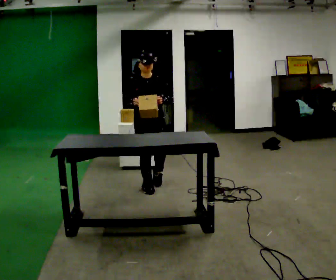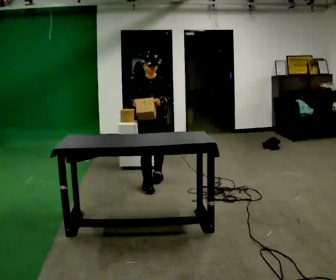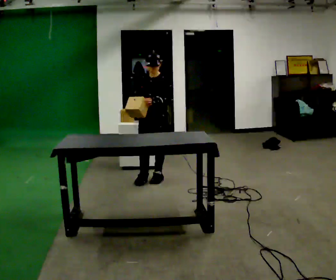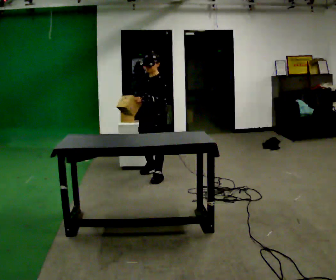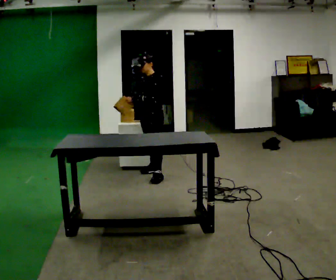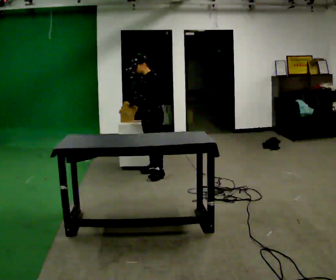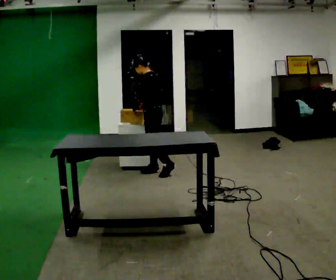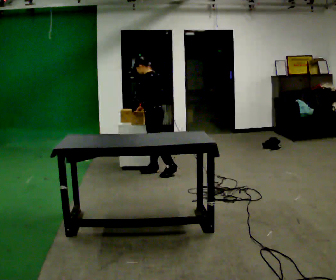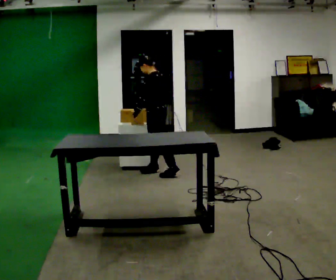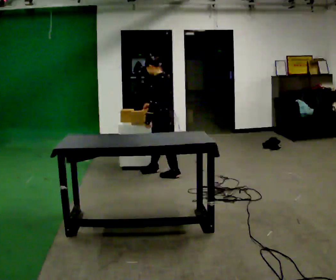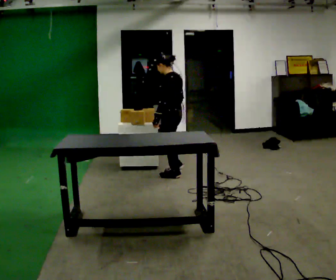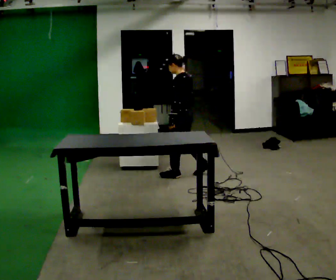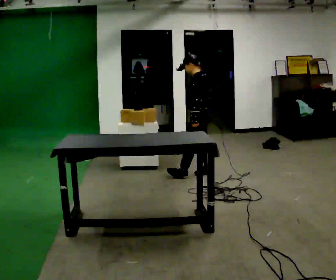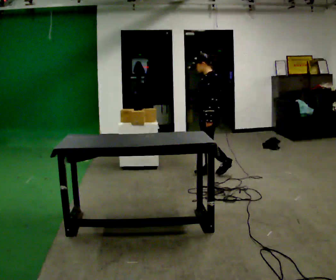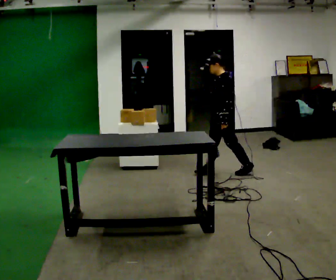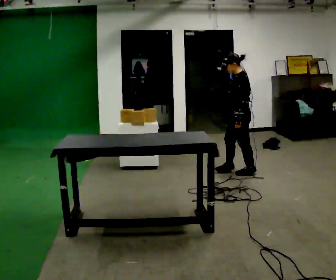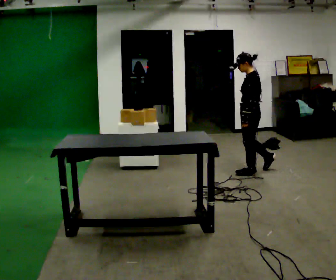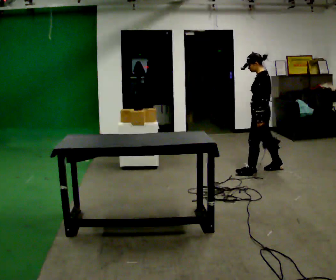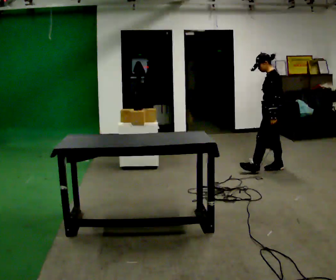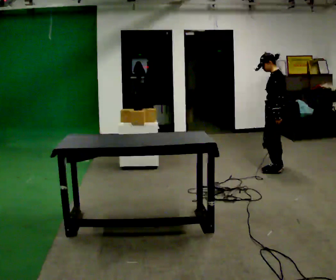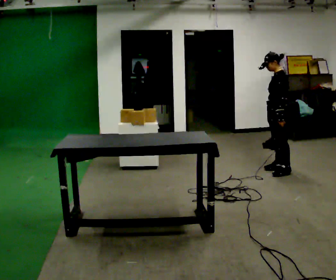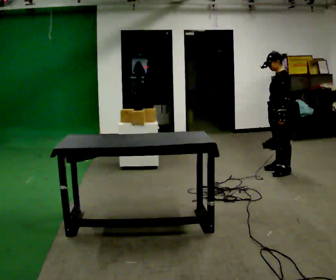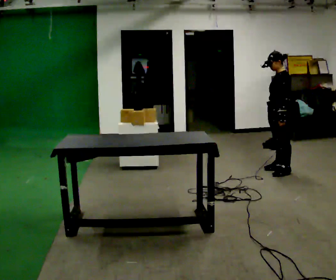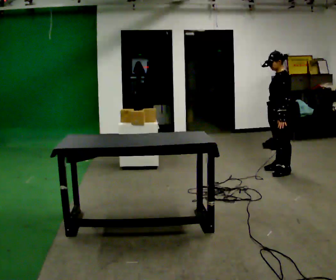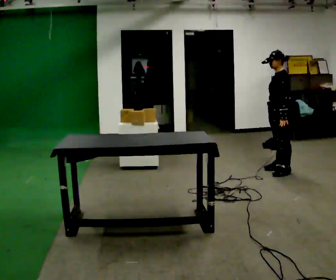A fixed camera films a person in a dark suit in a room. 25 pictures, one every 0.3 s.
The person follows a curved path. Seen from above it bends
clockwise.
The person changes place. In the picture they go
to the right.
0.0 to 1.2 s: The person turns about 75 degrees to their right, clockwise seen from above, so the part of the body nearest the lens slides to the left. In the picture they go away from the camera, about 0.5 m in 1 step.
1.2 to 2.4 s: The person turns about 45 degrees to their right, clockwise seen from above, so the part of the body nearest the lens slides to the left.
2.4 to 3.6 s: In the picture they go to the right, about 0.5 m in 2 steps, which for them is backward.
3.6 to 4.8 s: In the picture they go to the right, about 0.5 m in 1 step, which for them is backward.
4.8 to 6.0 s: In the picture they go to the right, about 0.25 m in 1 step, which for them is backward.
6.0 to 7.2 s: The person moves a little, or ends about where they began.
The film runs backward here.
